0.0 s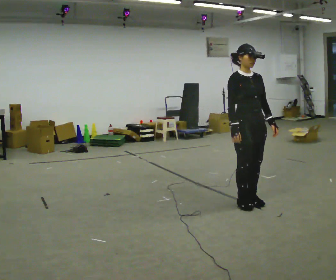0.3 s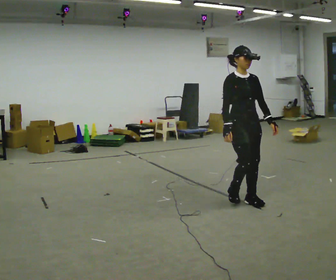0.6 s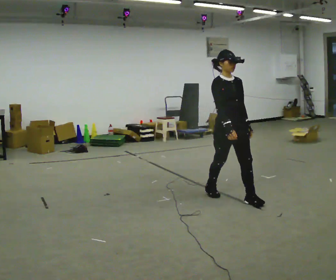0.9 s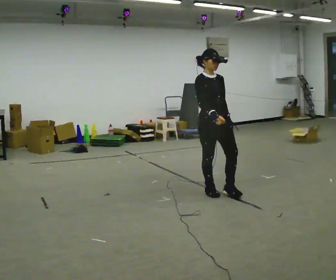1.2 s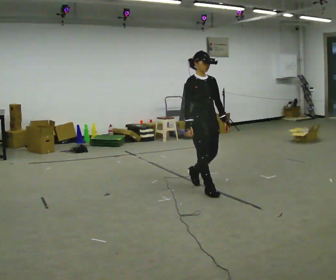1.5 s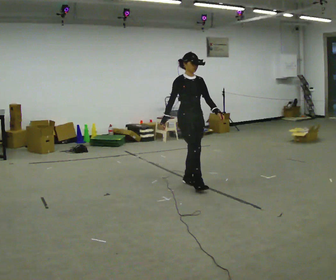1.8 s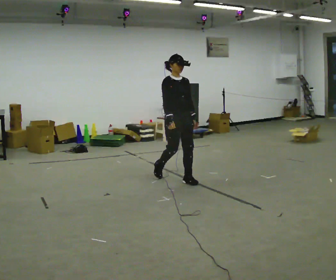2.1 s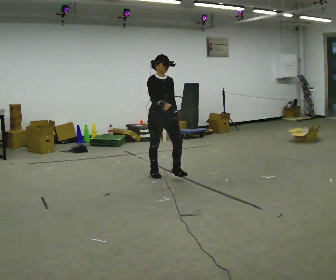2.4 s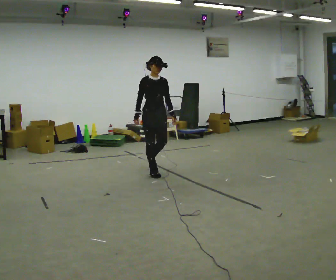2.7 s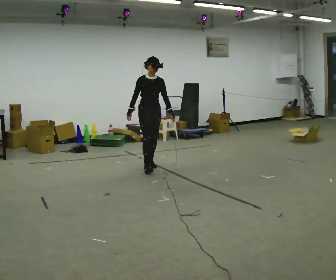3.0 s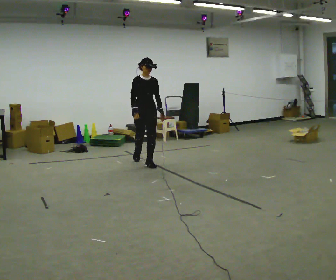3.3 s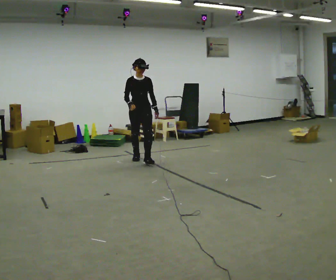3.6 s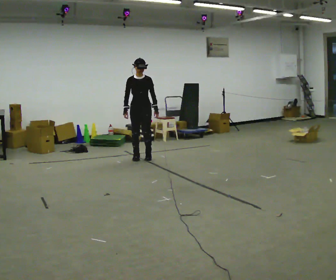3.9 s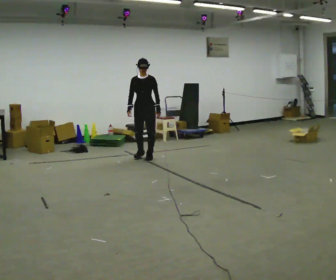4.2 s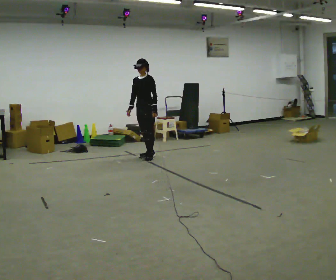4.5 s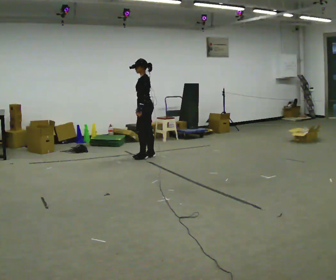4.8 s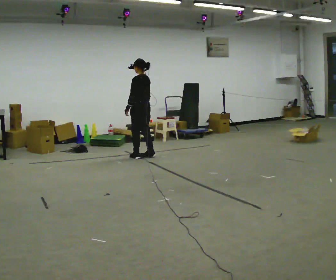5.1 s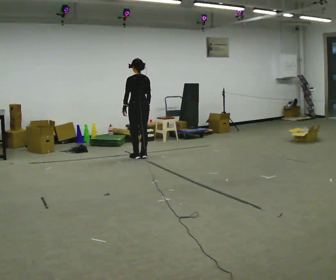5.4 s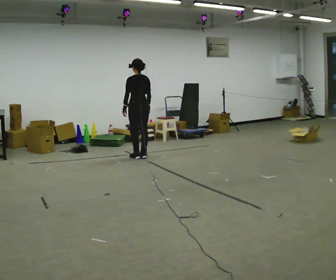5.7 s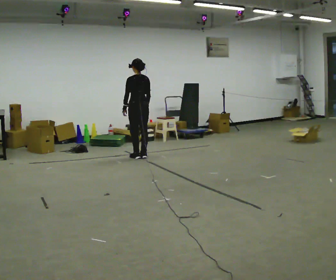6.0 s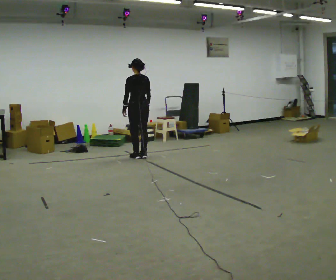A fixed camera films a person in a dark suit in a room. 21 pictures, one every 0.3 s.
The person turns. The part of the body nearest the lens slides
to the left.
The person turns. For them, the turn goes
to their right.
0.0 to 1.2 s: In the picture they go away from the camera and to the left, about 0.75 m in 2 steps, which for them is backward.
1.2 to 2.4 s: In the picture they go away from the camera and to the left, about 1 m in 2 steps, which for them is backward.
2.4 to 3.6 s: In the picture they go away from the camera, about 1 m in 2 steps, which for them is backward.
3.6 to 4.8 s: The part of the body nearest the lens slides to the left as the person turns to their right by about 120 degrees. In the picture they go away from the camera, about 0.25 m in 2 steps. In the picture their left hand goes to the left, the arm swinging clockwise.
4.8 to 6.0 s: The part of the body nearest the lens slides to the left as the person turns to their right by about 30 degrees.
The film runs backward here.
